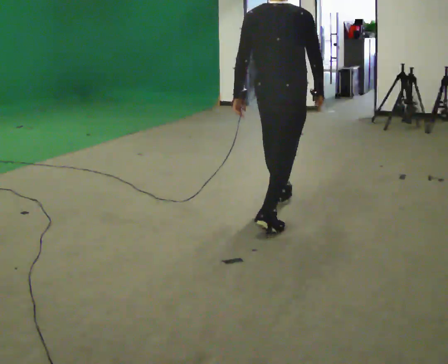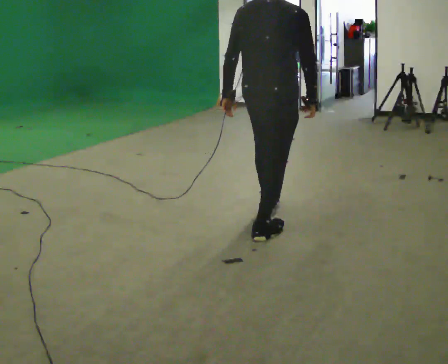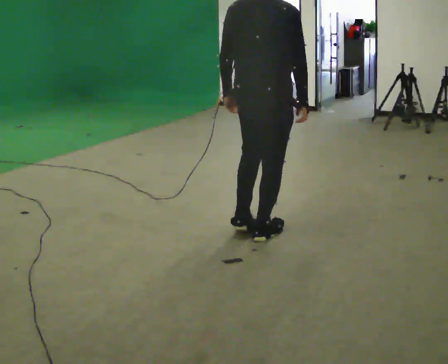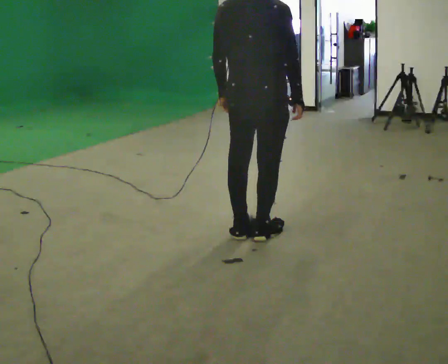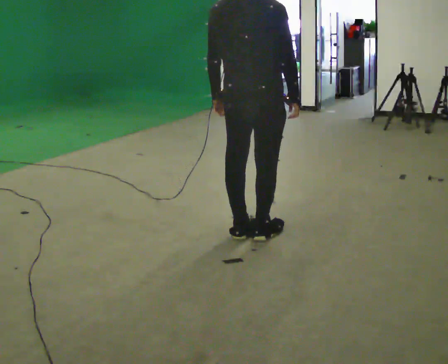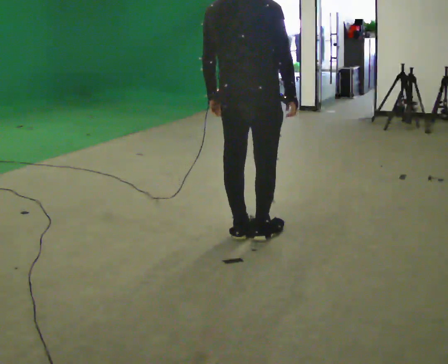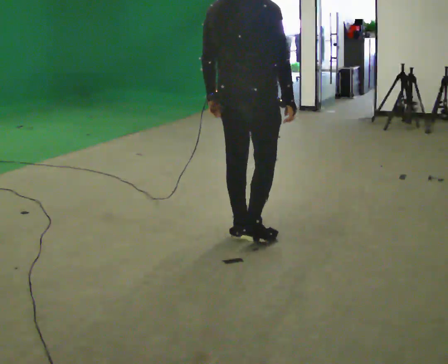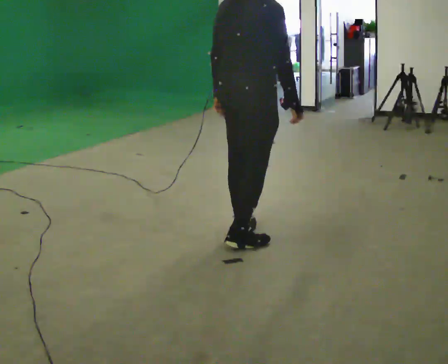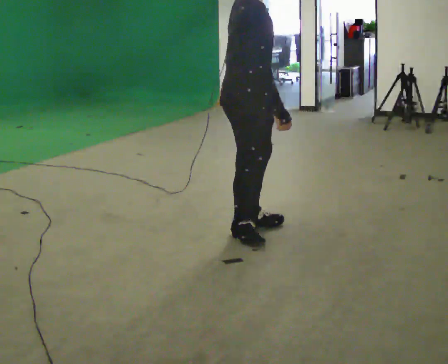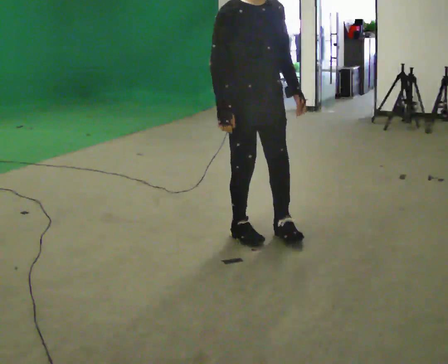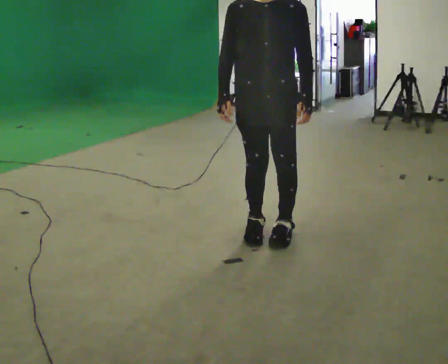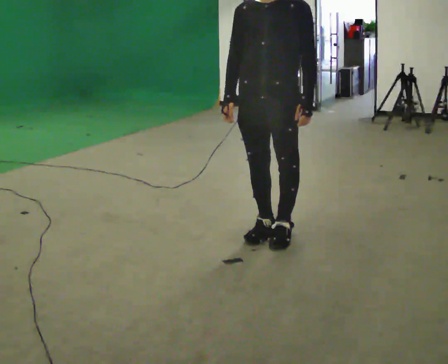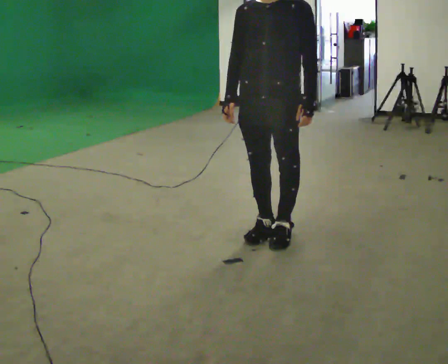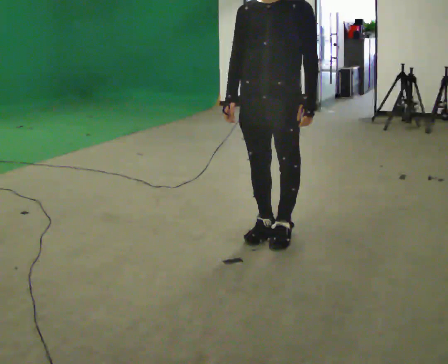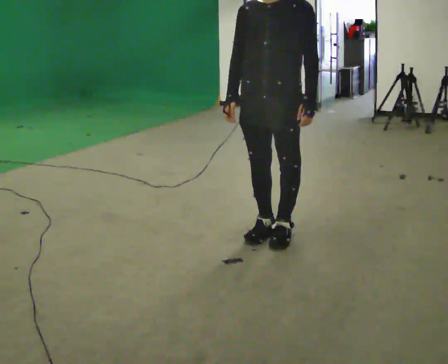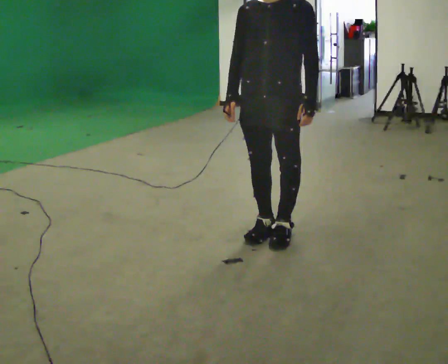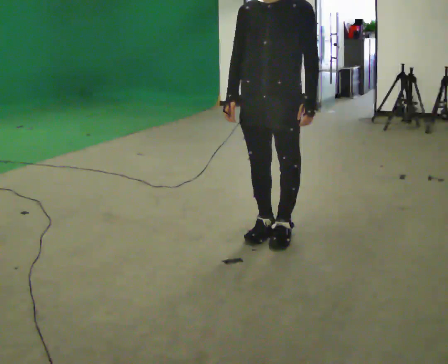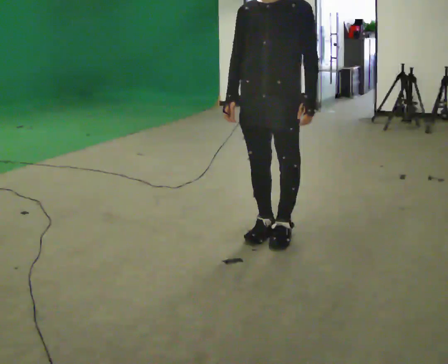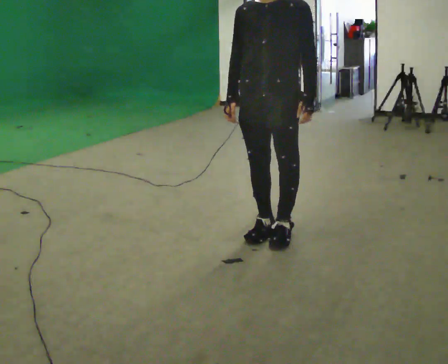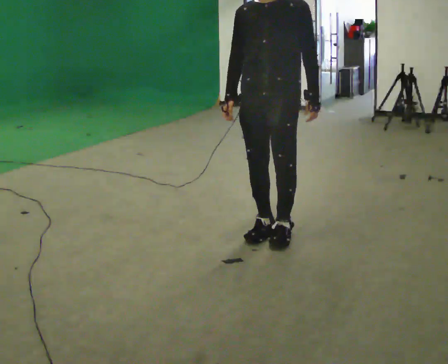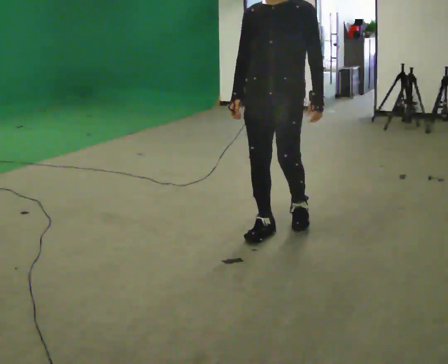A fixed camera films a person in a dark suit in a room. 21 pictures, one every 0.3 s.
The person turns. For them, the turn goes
to their right.
The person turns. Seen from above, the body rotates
clockwise.
0.0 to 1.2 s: In the picture they go toward the camera and to the left, about 0.5 m in 1 step, which for them is backward.
1.2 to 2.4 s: Seen from above the body turns clockwise, about 60 degrees: to their right, with its near side sliding to the left.
2.4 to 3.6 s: The person turns about 120 degrees to their right, clockwise seen from above, so the part of the body nearest the lens slides to the left. In the picture they go to the right, about 0.25 m in 1 step. In the picture their left hand goes to the right.
3.6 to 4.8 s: The person keeps their place and pose.
4.8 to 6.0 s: The person moves a little, or ends about where they began.
The film runs backward here.
